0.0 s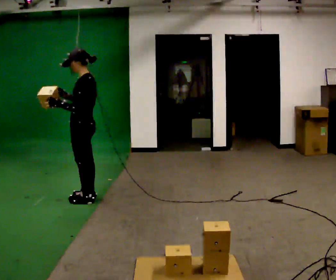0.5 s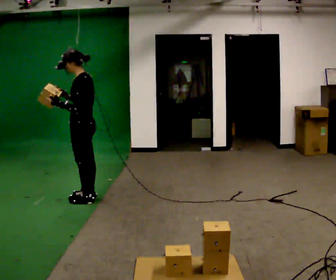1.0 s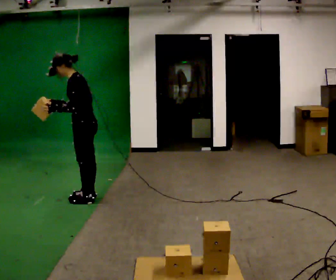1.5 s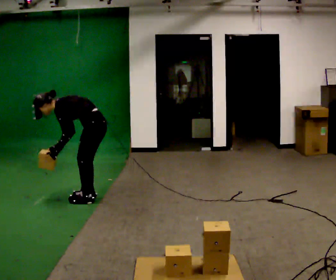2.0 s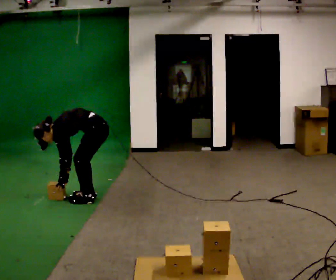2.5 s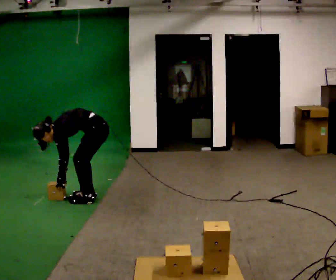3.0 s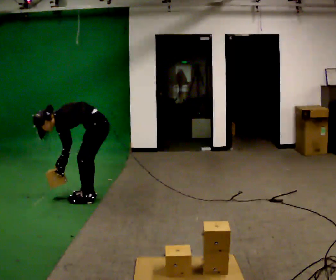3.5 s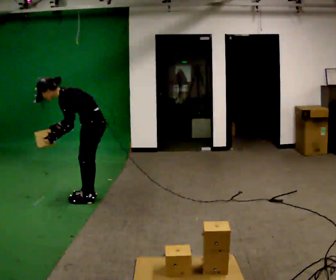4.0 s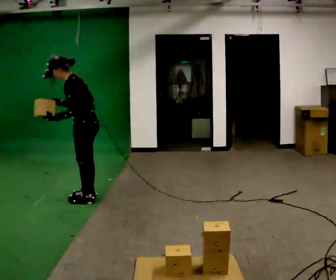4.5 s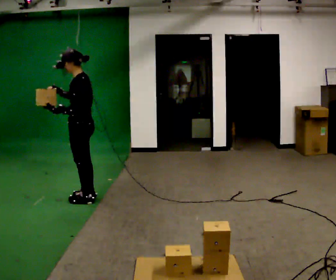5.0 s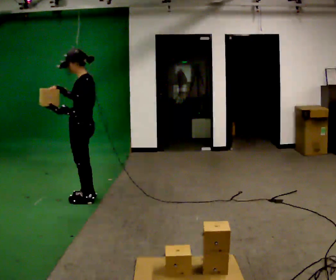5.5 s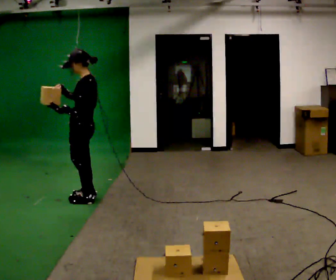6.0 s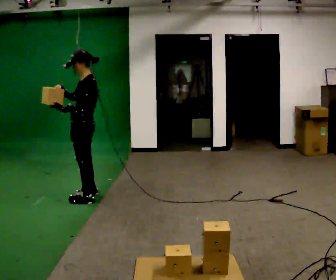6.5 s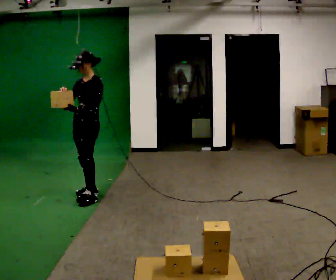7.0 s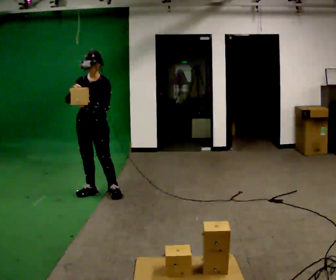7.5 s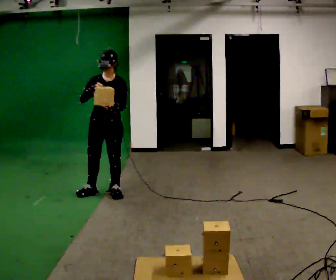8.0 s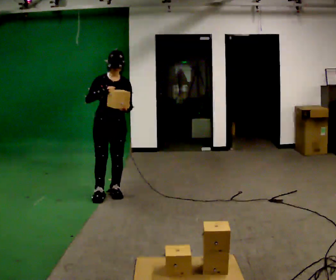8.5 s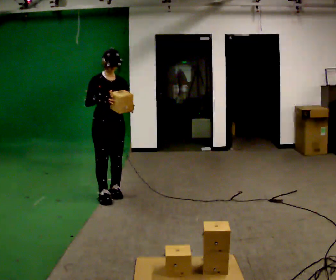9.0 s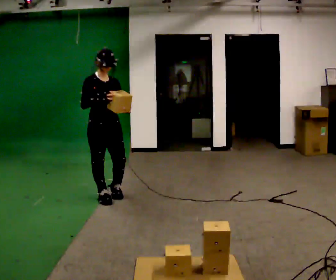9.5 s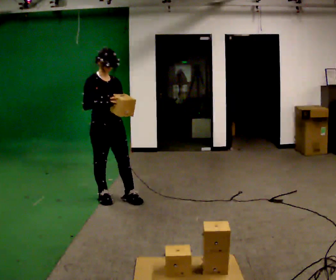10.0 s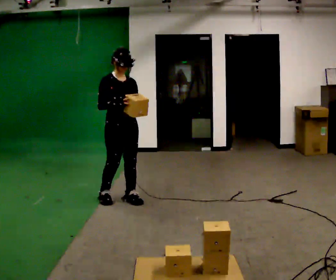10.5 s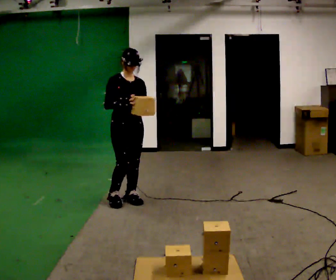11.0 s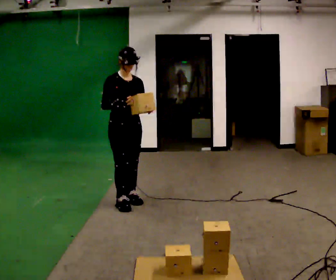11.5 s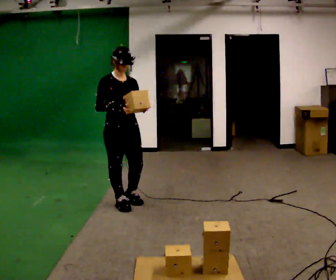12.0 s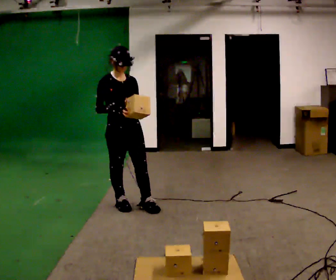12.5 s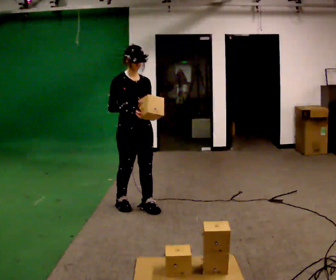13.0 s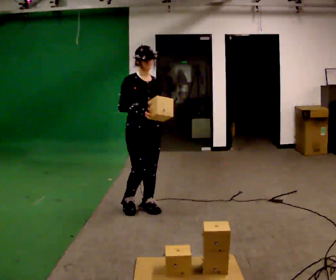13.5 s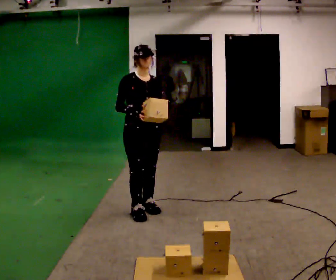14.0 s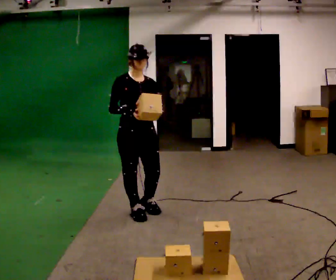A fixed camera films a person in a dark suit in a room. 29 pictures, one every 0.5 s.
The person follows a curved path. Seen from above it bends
clockwise.
0.0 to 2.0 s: The shoulders move downward. In the picture the upper body tilts counterclockwise, shoulders to the left, as they bend forward. In the picture their right hand goes downward.
2.0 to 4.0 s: The upper body goes upward. In the picture the upper body tilts clockwise, shoulders to the right, as they lean back or straighten. In the picture their right hand goes upward.
4.0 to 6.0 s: In the picture the upper body tilts clockwise, shoulders to the right, as they lean back or straighten.
6.0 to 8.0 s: Seen from above the body turns counterclockwise, about 90 degrees: to their left, with its near side sliding to the right. In the picture they go to the right, about 0.25 m in 1 step.
8.0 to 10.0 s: In the picture they go toward the camera, about 0.25 m in 2 steps, which for them is forward.
10.0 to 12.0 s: In the picture they go toward the camera, about 0.25 m in 2 steps, which for them is forward.
12.0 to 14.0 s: In the picture they go toward the camera, about 0.25 m in 1 step, which for them is forward.
The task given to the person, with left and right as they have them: Carry the boxes over one at a time and lay them out on the pallet in the pattern the operator shows you. Keep going until the operator says stop; one object at a time, and do not rush between trips.
The film runs forward here.
